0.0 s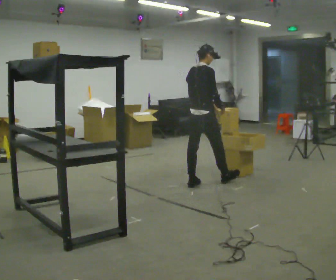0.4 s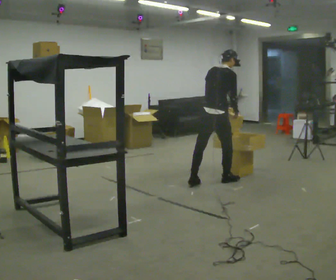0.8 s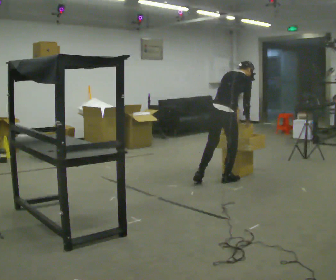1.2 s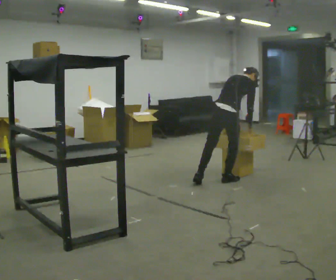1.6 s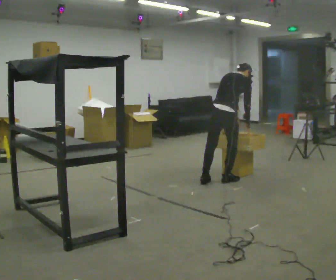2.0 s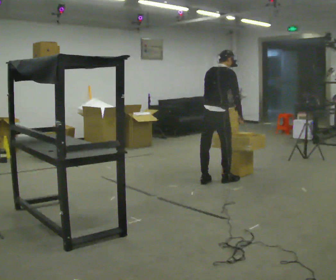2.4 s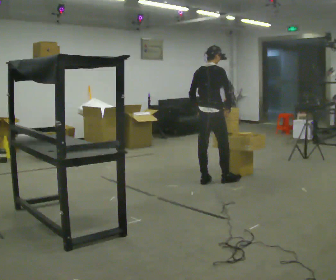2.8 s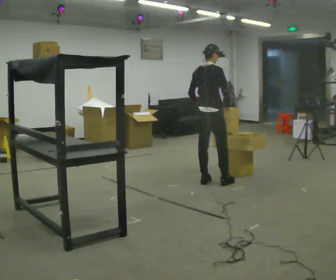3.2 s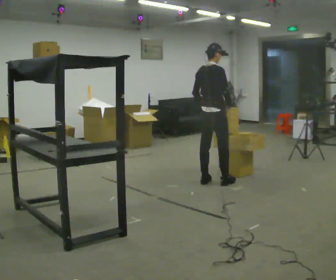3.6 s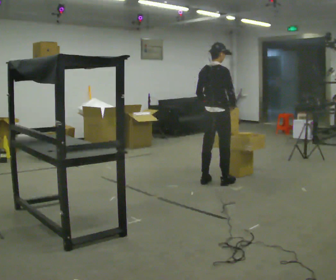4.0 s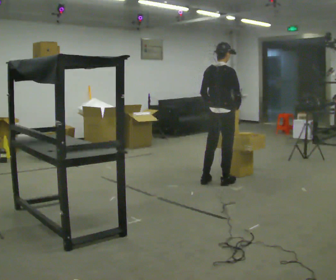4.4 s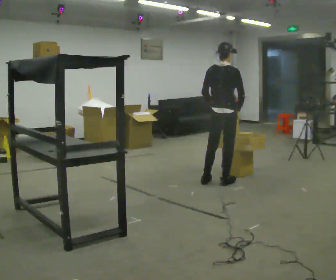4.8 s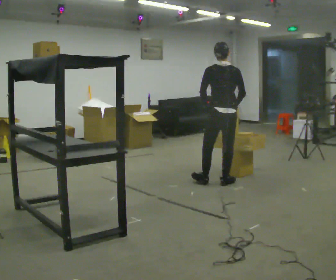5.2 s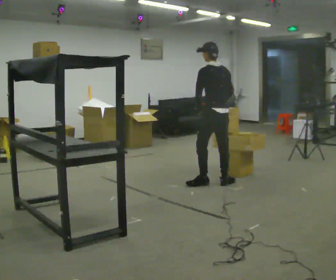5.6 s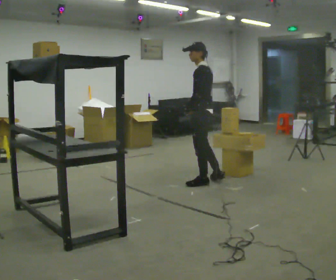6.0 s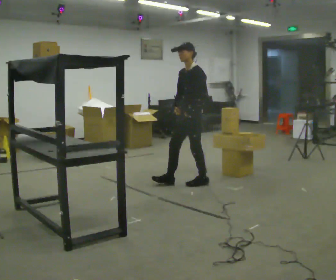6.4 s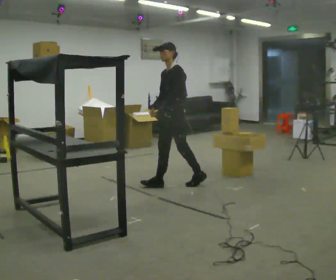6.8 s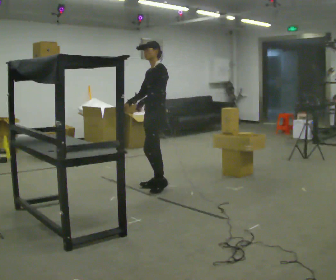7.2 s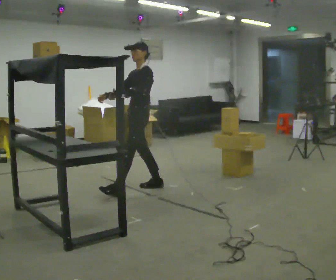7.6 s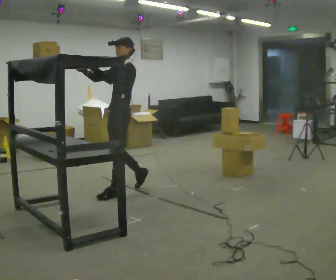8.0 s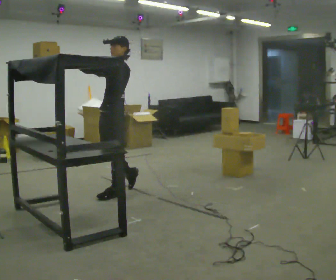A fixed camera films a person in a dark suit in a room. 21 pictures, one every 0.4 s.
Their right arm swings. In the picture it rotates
clockwise.
0.0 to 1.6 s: In the picture they go to the right, about 0.25 m in 1 step, which for them is to their right and forward. The upper body tips away from the camera, its near side rolling upward, as they bend forward.
1.6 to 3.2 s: In the picture they go to the left, about 0.25 m, which for them is to their left. The upper body tips toward the camera, its near side rolling downward, as they lean back or straighten.
3.2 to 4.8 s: The part of the body nearest the lens slides to the right as the person turns to their left by about 45 degrees.
4.8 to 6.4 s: The person turns about 120 degrees to their left, counterclockwise seen from above, so the part of the body nearest the lens slides to the right. In the picture they go to the left, about 0.5 m in 1 step.
6.4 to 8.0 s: In the picture they go toward the camera and to the left, about 1 m in 2 steps, which for them is forward. In the picture their right hand goes upward, the arm swinging clockwise.
The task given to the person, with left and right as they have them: Take an object down from the highest shelf you can comfortably reach, carry it across, and place it on the waist-height shelf. Keep going until the operator says stop; one object at a time, and do not rush between trips.
The film runs forward here.
